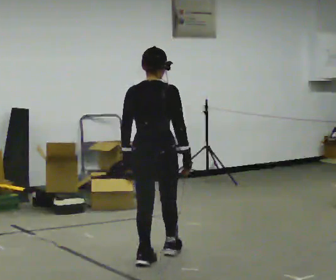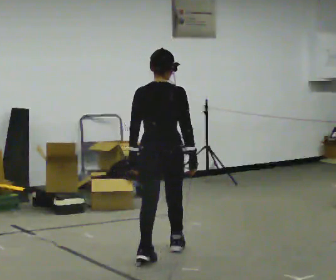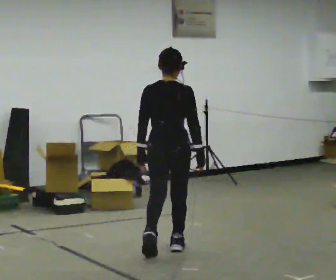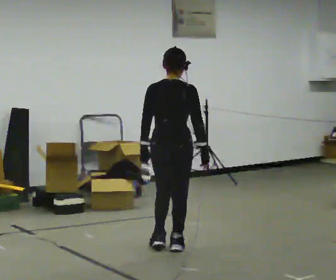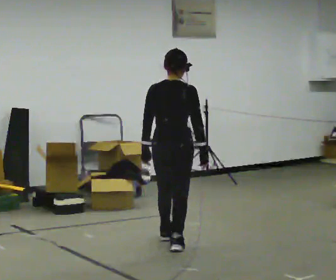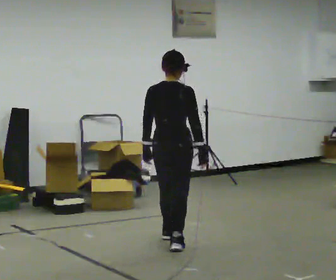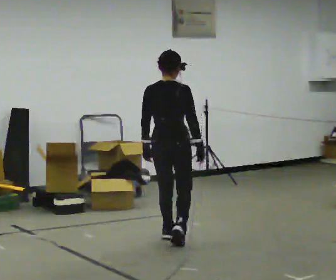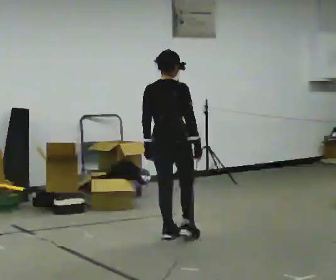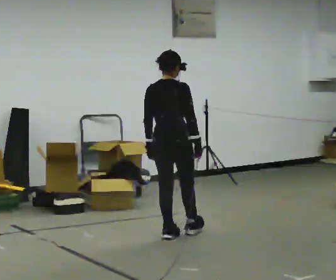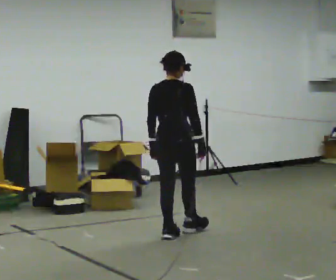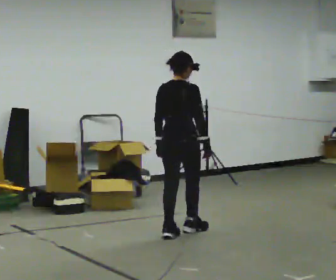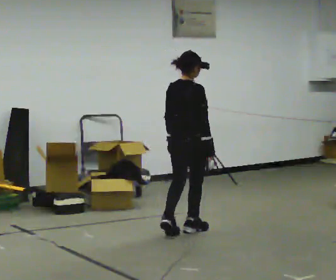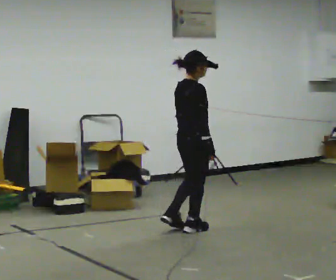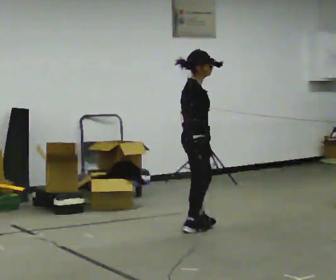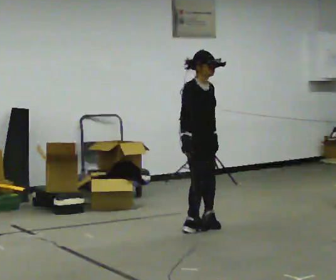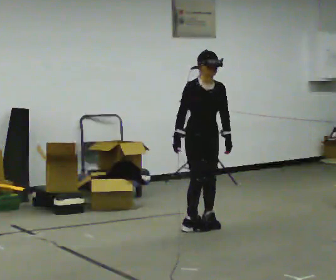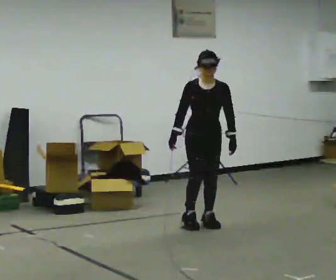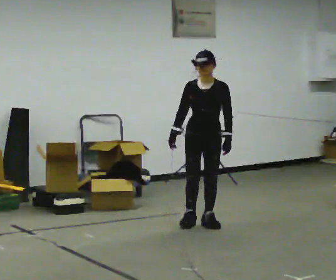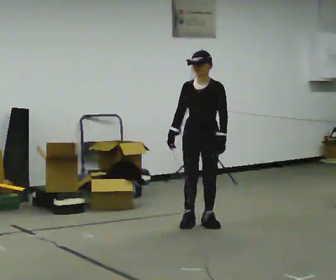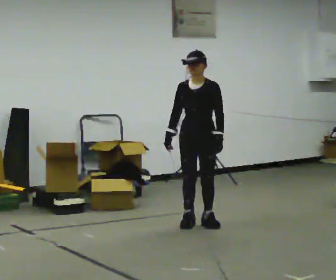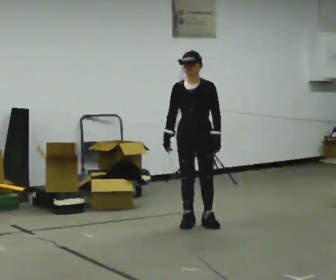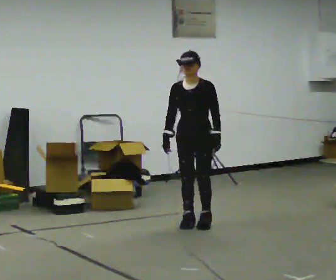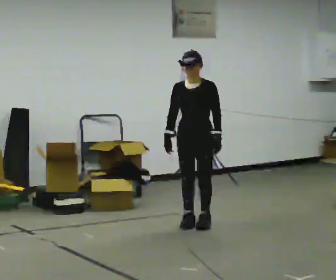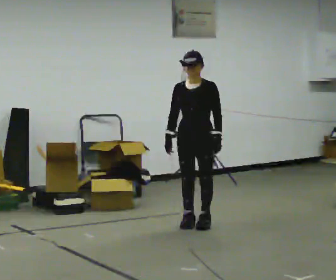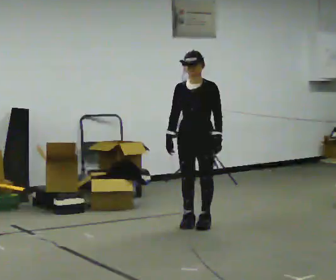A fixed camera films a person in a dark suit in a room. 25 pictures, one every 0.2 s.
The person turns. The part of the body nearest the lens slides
to the left.
The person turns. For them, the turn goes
to their right.
0.0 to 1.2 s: In the picture they go away from the camera, about 0.75 m in 2 steps, which for them is forward.
1.2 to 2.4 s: The person turns about 30 degrees to their right, clockwise seen from above, so the part of the body nearest the lens slides to the left. In the picture they go away from the camera and to the right, about 0.5 m in 1 step, which for them is forward.
2.4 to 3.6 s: The part of the body nearest the lens slides to the left as the person turns to their right by about 135 degrees. In the picture they go away from the camera, about 0.25 m in 2 steps.
3.6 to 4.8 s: The person moves a little, or ends about where they began.
The film runs forward here.
